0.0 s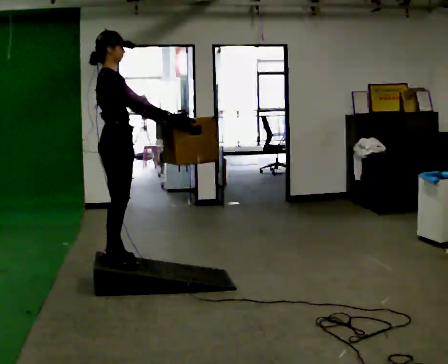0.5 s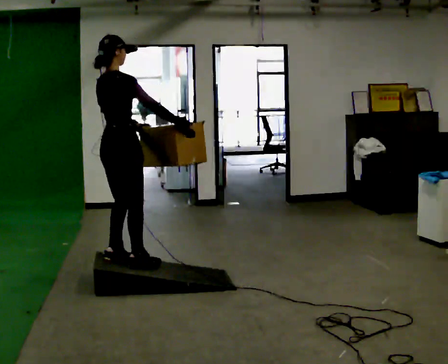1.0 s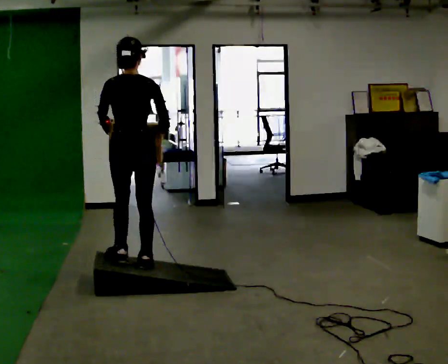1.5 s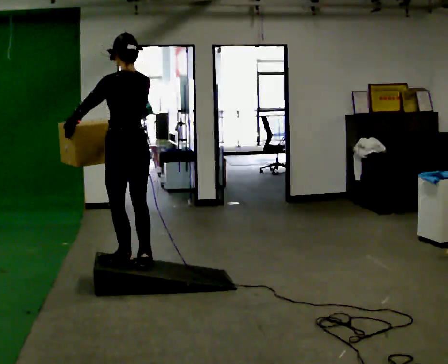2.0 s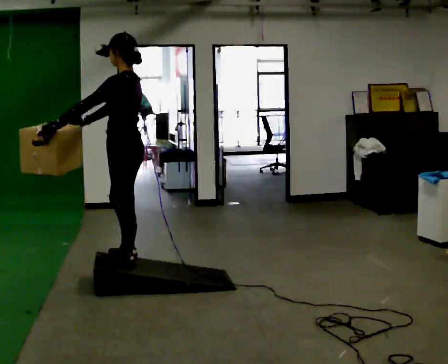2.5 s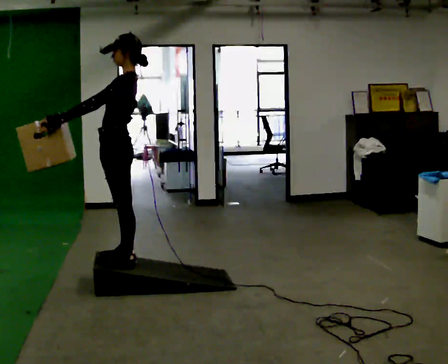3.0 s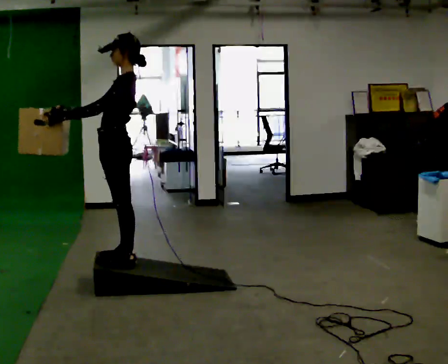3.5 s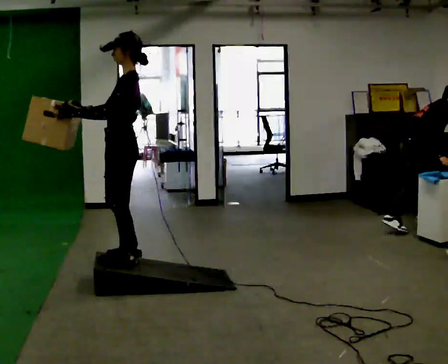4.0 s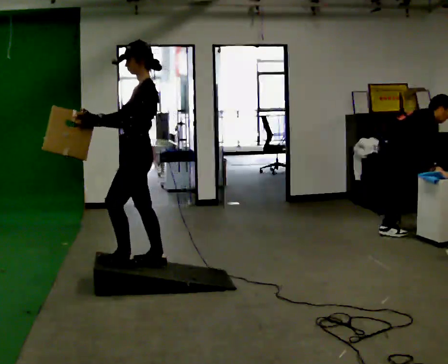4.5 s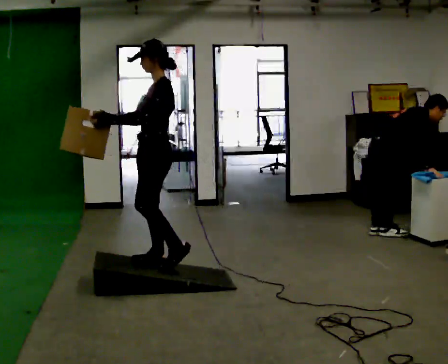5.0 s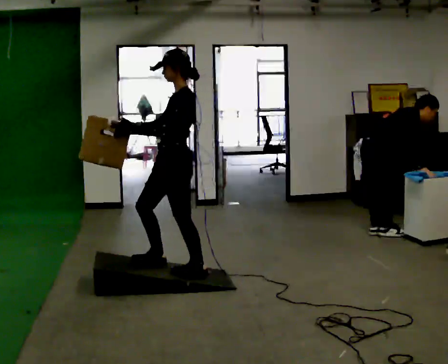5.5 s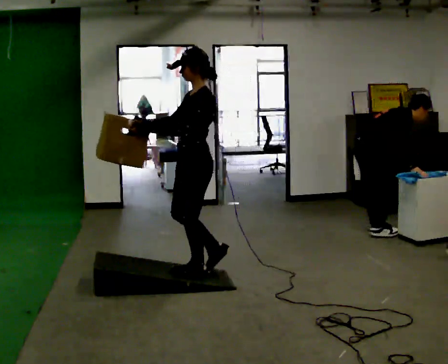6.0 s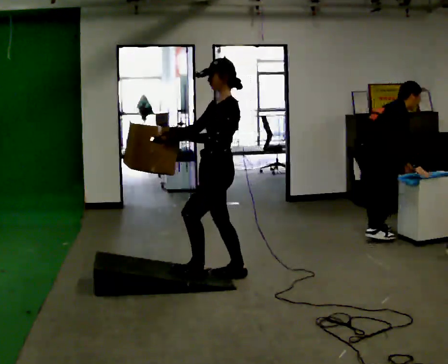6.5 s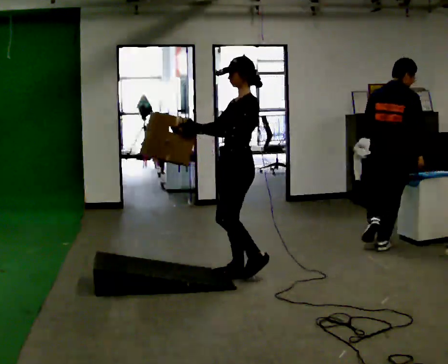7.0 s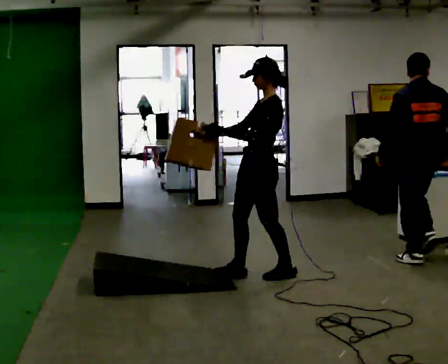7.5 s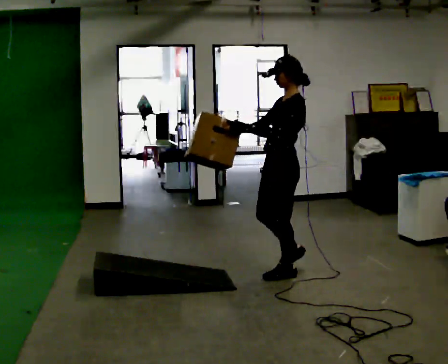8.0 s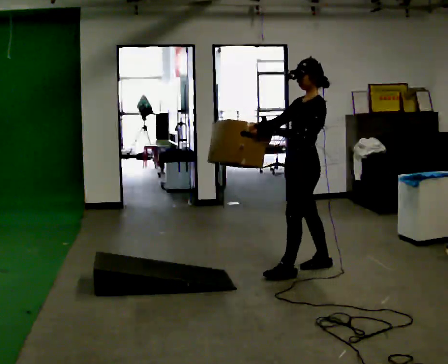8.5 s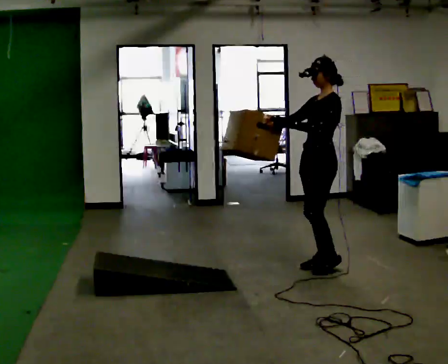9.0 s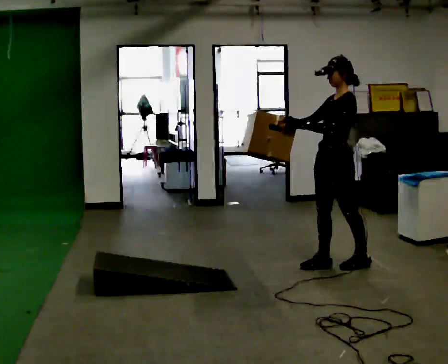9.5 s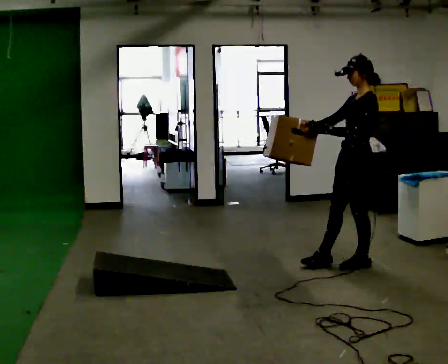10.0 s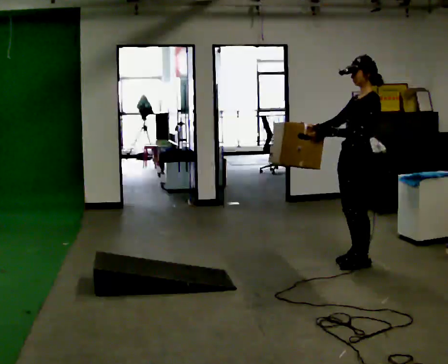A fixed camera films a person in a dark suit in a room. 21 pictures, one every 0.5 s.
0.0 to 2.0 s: The person turns about 150 degrees to their left, counterclockwise seen from above, so the part of the body nearest the lens slides to the right. In the picture their left hand goes to the left.
2.0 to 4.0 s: The person turns about 45 degrees to their left, counterclockwise seen from above, so the part of the body nearest the lens slides to the right.
4.0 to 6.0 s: In the picture they go to the right, about 0.5 m in 2 steps, which for them is backward.
6.0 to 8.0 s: In the picture they go to the right, about 0.75 m in 2 steps, which for them is backward.
8.0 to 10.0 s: In the picture they go to the right, about 0.5 m in 2 steps, which for them is backward.
The film runs backward here.
